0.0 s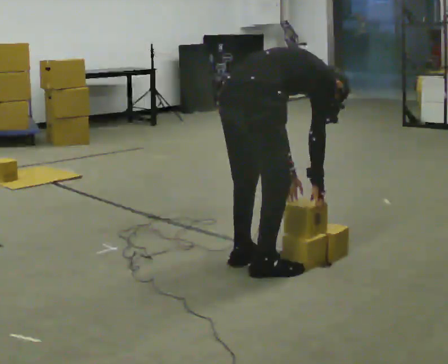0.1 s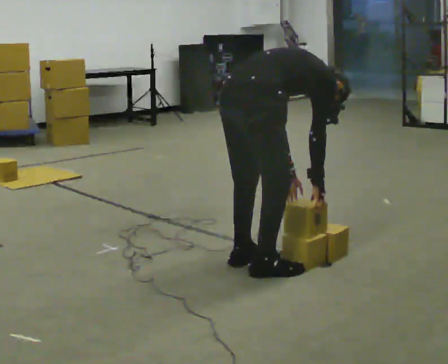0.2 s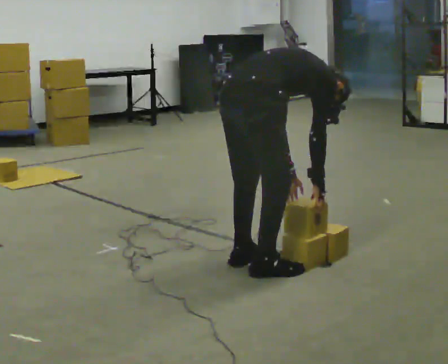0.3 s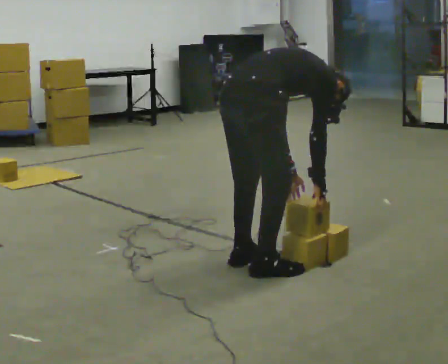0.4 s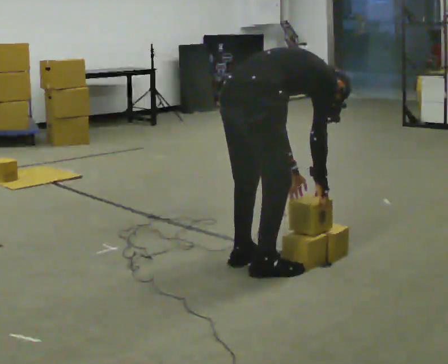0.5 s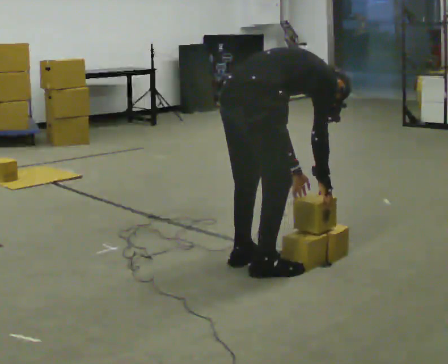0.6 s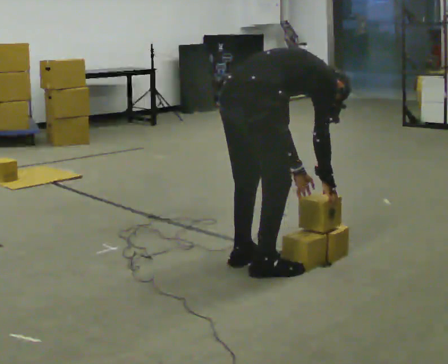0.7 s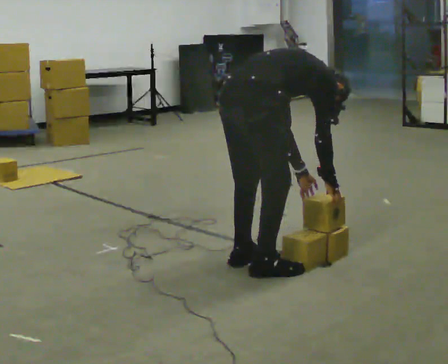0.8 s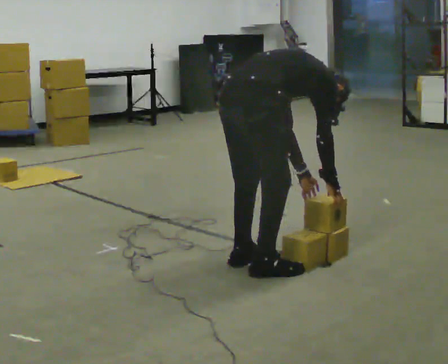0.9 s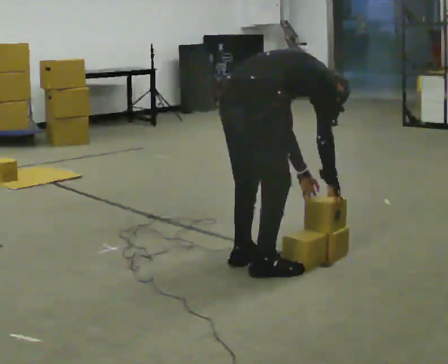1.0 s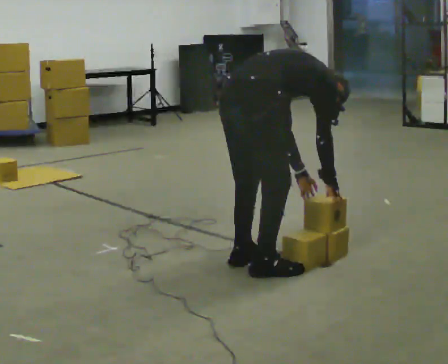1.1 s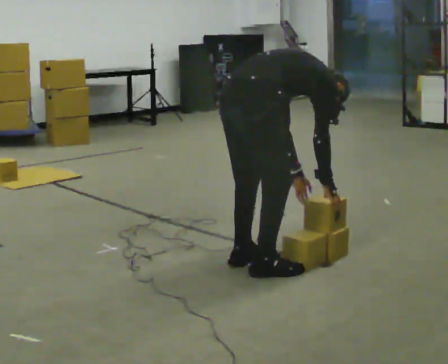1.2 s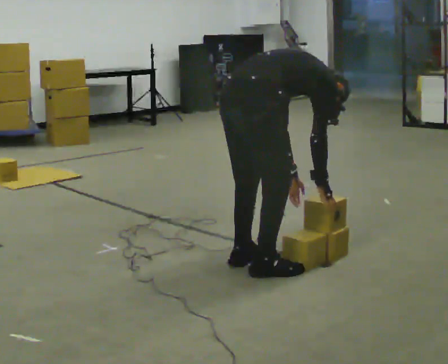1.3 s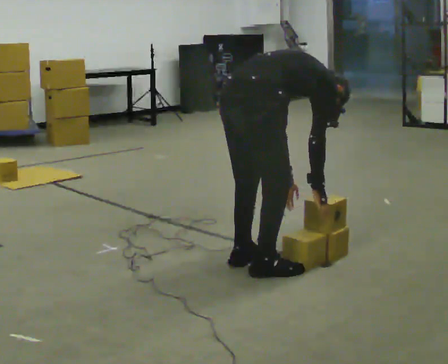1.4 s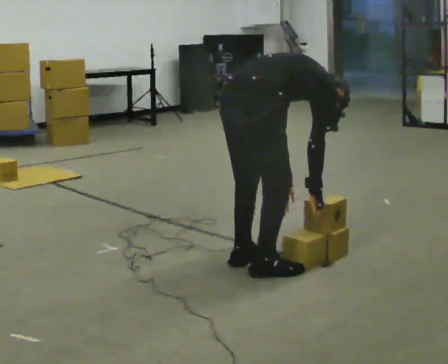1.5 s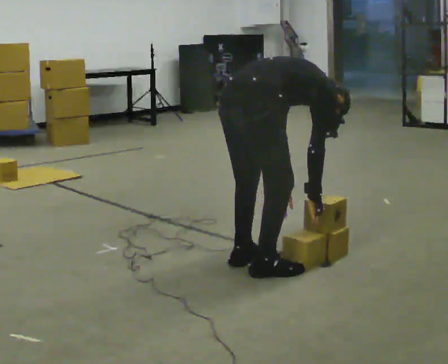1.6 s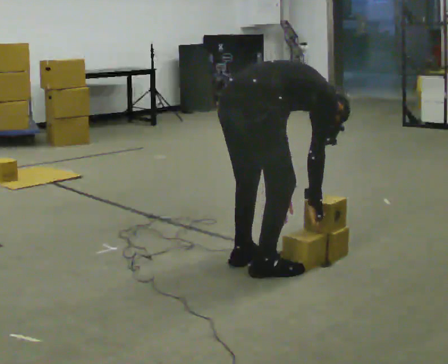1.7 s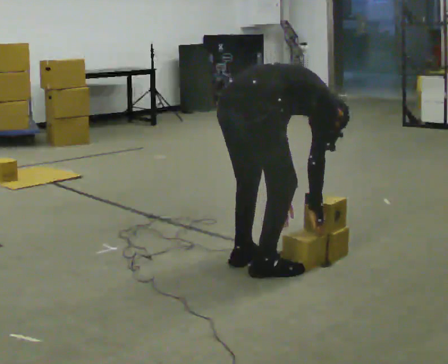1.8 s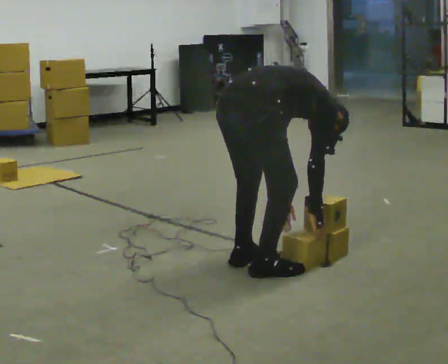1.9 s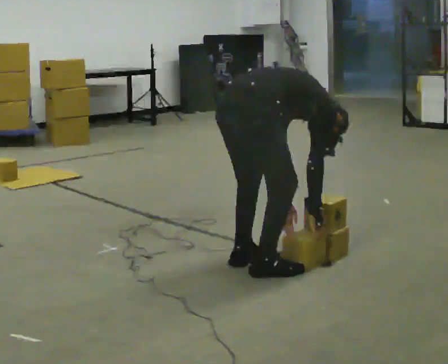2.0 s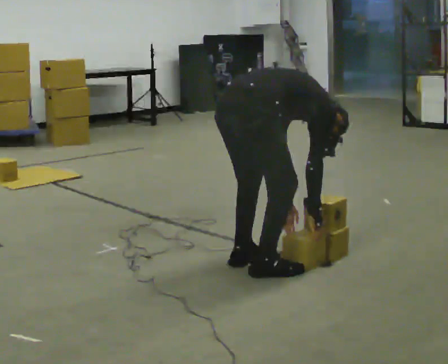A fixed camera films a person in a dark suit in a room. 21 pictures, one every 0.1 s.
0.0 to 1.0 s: The person moves a little, or ends about where they began.
1.0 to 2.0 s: In the picture the upper body tilts clockwise, shoulders to the right, as they bend forward.
The film runs forward here.
